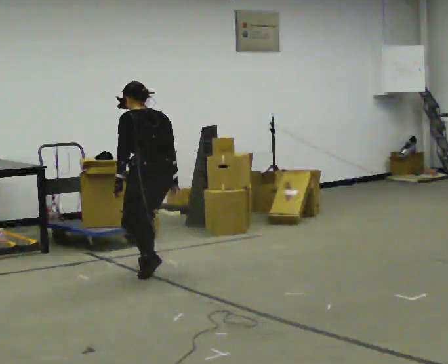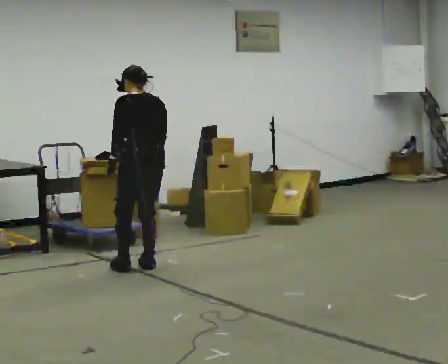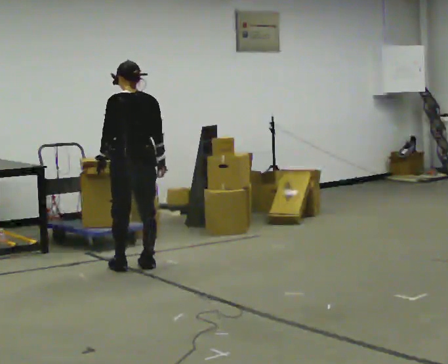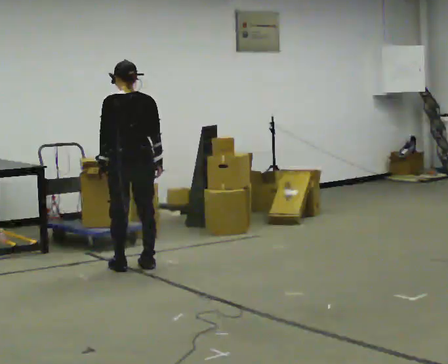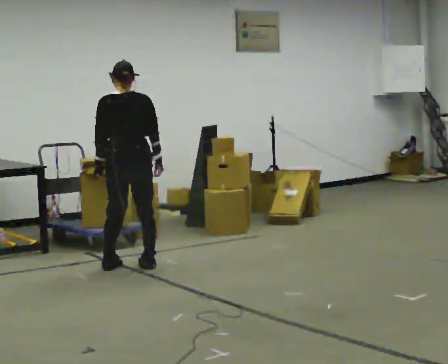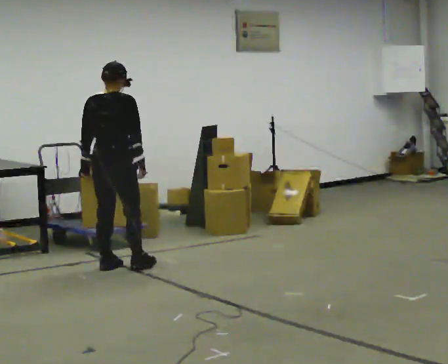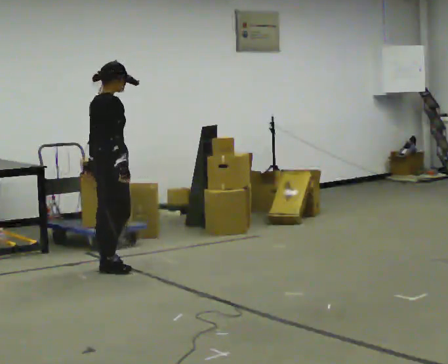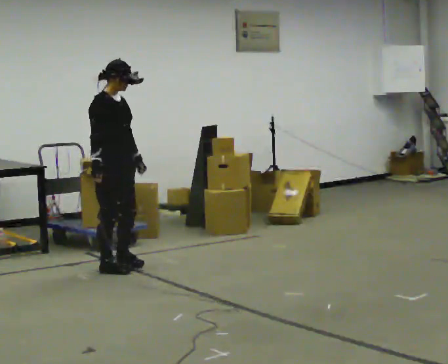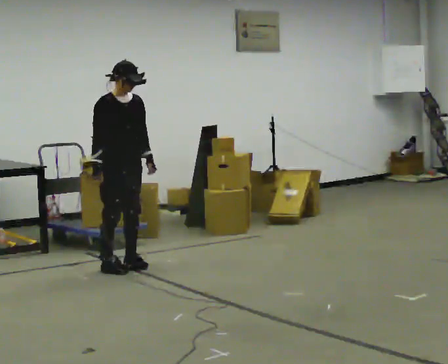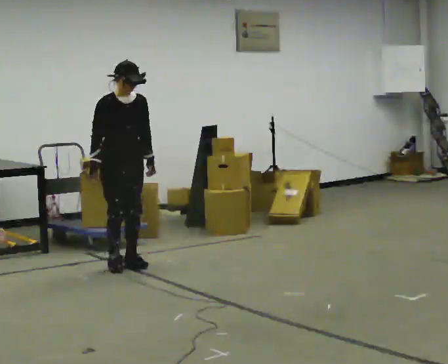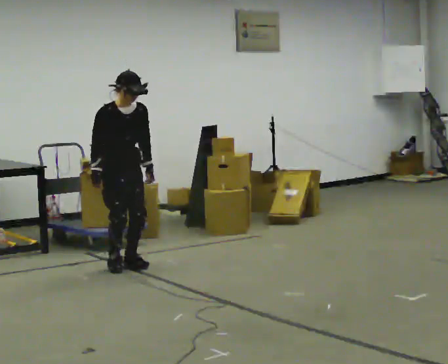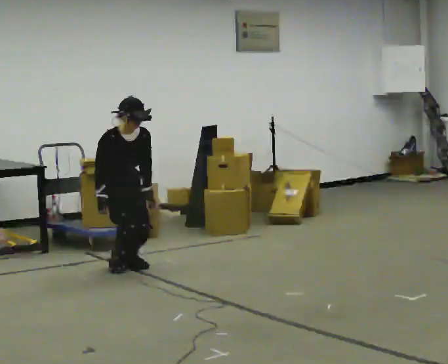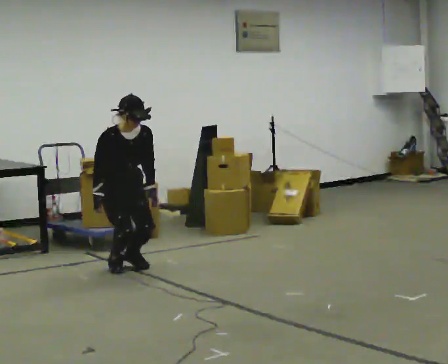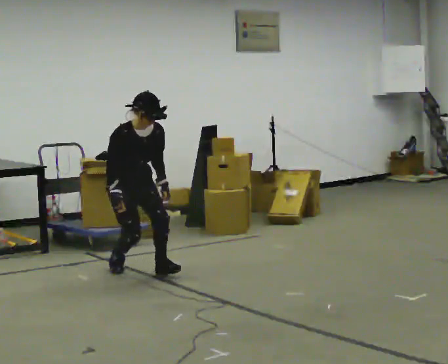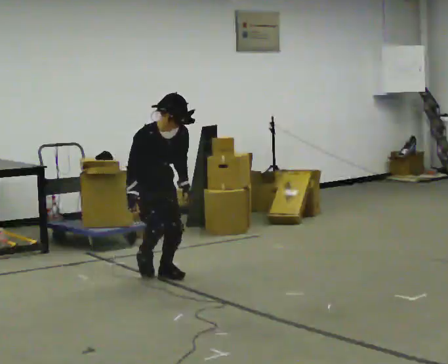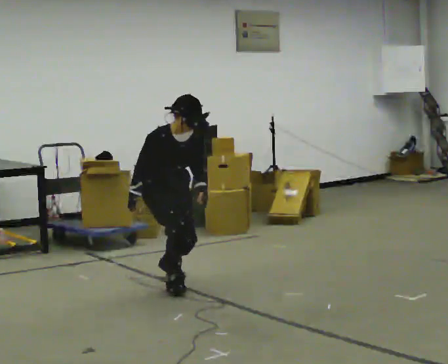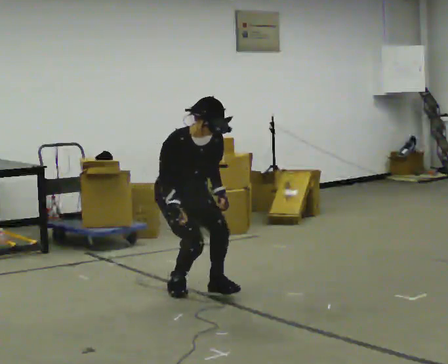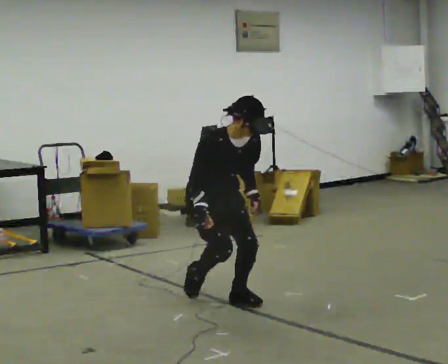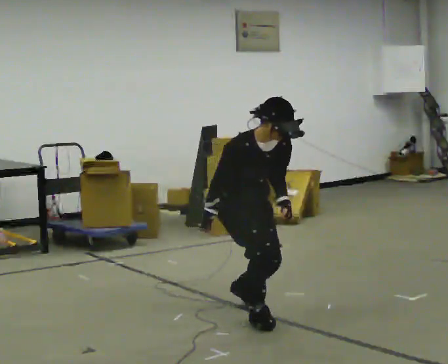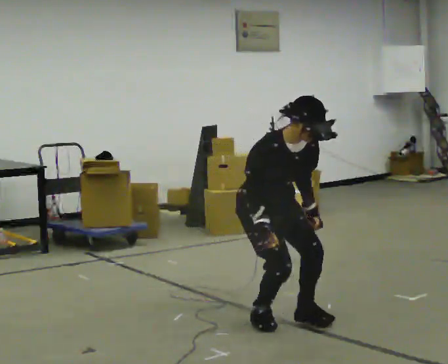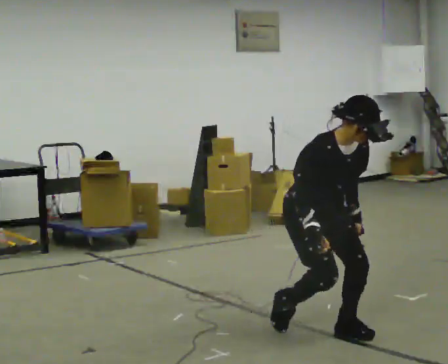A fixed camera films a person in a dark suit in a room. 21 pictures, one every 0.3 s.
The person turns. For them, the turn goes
to their right.
The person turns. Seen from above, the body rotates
clockwise.
0.0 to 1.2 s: Seen from above the body turns clockwise, about 30 degrees: to their right, with its near side sliding to the left. In the picture they go to the left, about 0.25 m in 1 step, which for them is forward and to their left. The upper body tips toward the camera, its near side rolling downward, as they lean back or straighten.
1.2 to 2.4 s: The person turns about 150 degrees to their right, clockwise seen from above, so the part of the body nearest the lens slides to the left. In the picture their right hand goes to the left, the arm swinging clockwise.
2.4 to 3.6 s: The shoulders move downward. The upper body tips toward the camera, its near side rolling downward, as they bend forward.
3.6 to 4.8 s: In the picture they go toward the camera and to the right, about 1 m in 2 steps, which for them is forward.
4.8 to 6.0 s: In the picture they go toward the camera and to the right, about 1 m in 3 steps, which for them is forward.
The film runs forward here.
